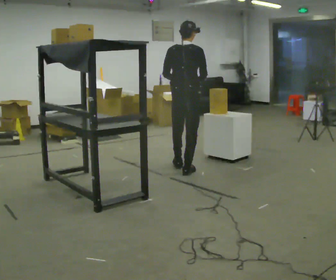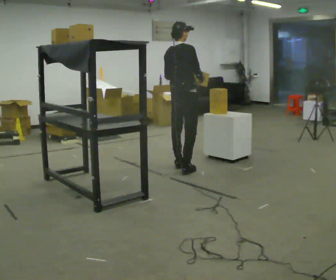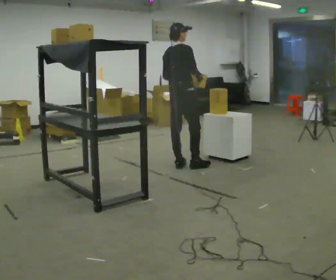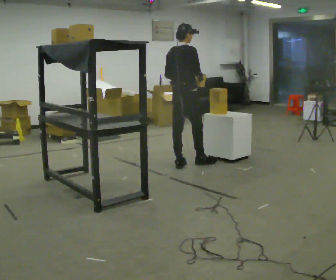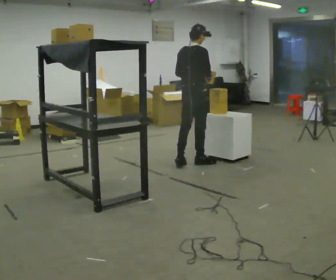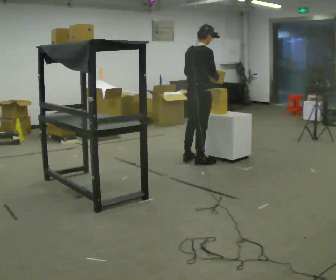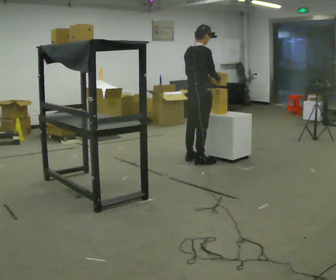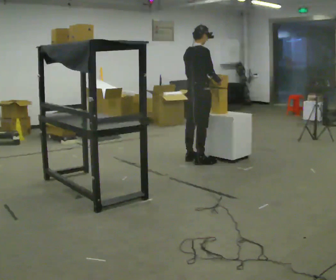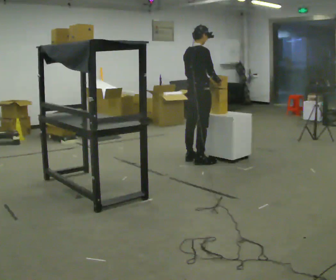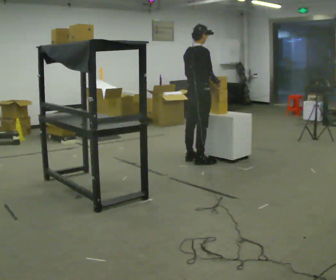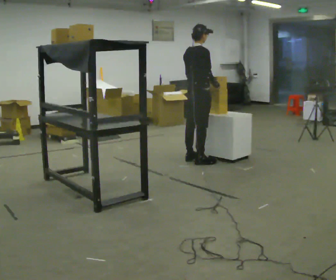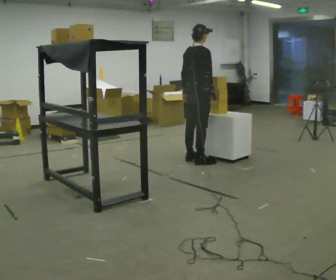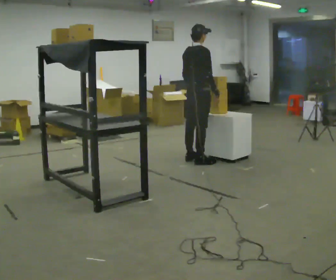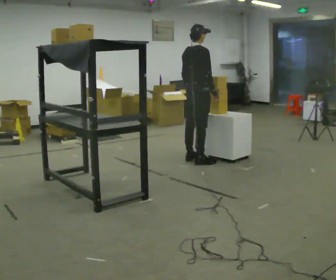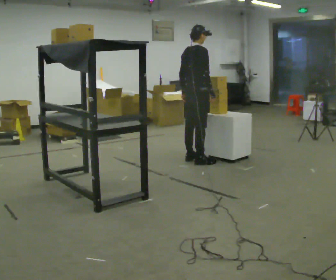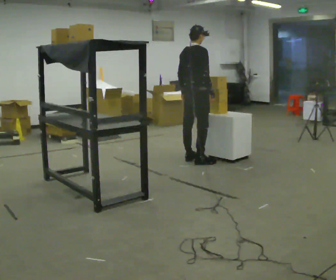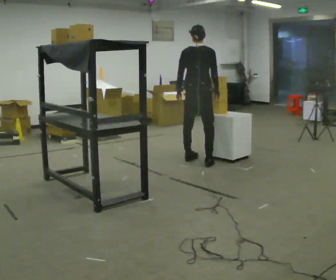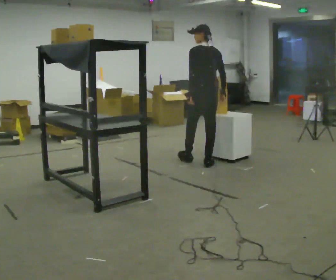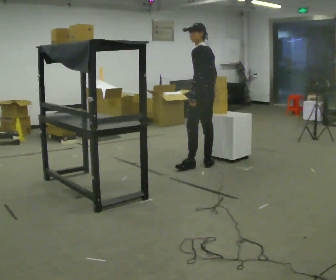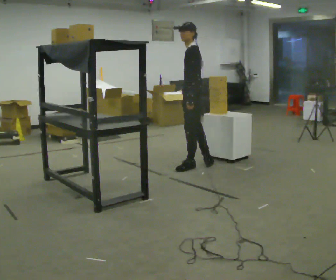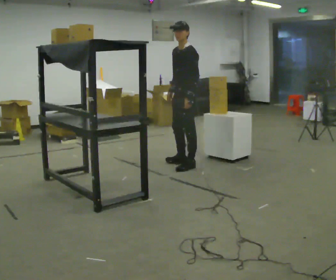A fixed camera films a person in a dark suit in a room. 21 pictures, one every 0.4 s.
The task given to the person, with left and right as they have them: Reach up into the bin on the top shelf, take out one object at a time, and carry it to the table. Keep going until the operator says stop; one object at a time, and do not rush between trips.
0.0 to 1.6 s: In the picture they go away from the camera, about 0.25 m in 1 step, which for them is forward and to their left.
1.6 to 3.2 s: In the picture they go away from the camera, about 0.25 m in 1 step, which for them is forward.
3.2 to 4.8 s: The person moves a little, or ends about where they began.
4.8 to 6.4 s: The person turns about 30 degrees to their left, counterclockwise seen from above, so the part of the body nearest the lens slides to the right.
6.4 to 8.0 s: The part of the body nearest the lens slides to the right as the person turns to their left by about 135 degrees. In the picture they go toward the camera, about 0.25 m in 1 step.
The film runs forward here.
